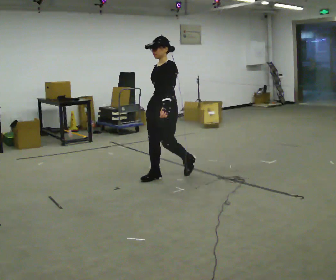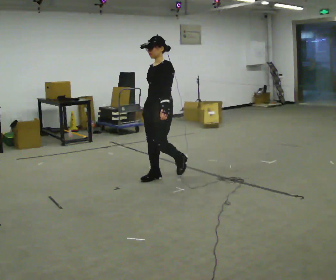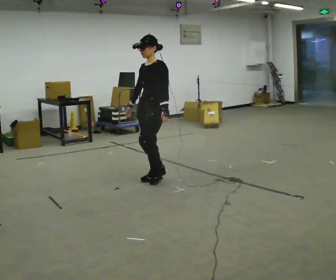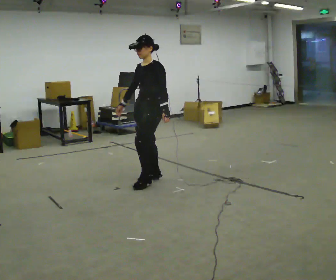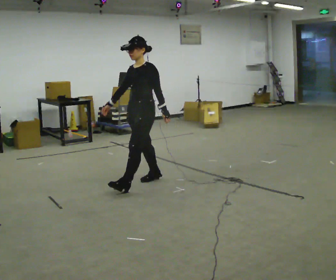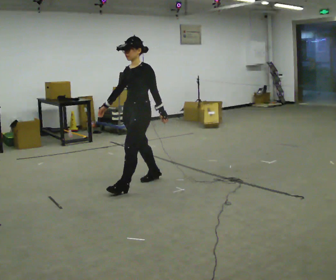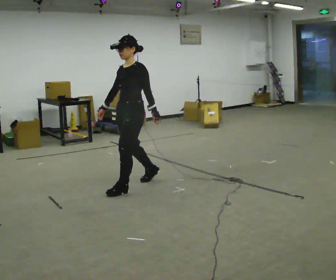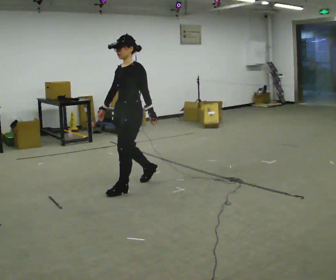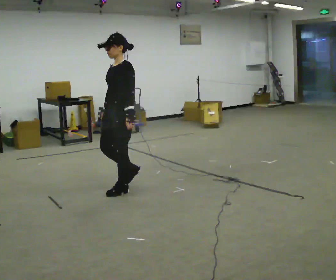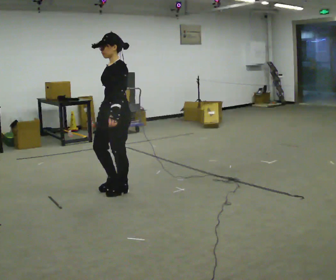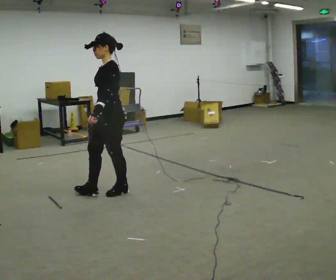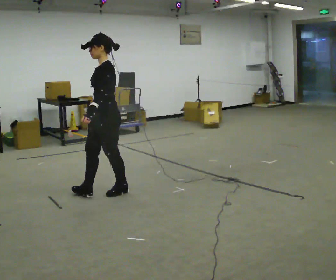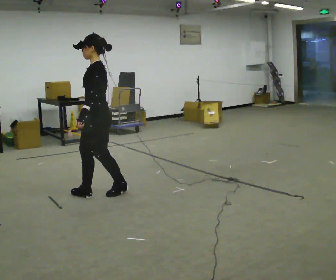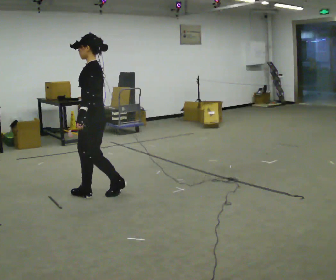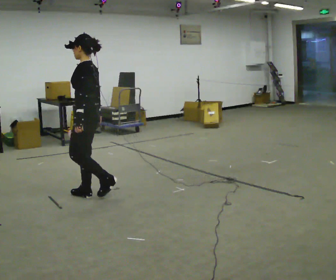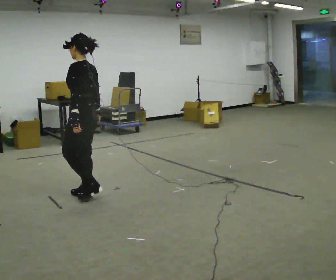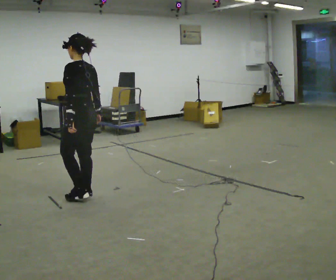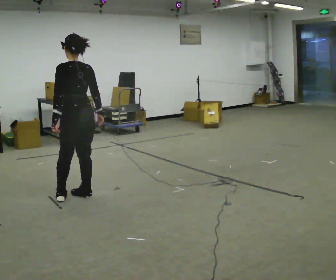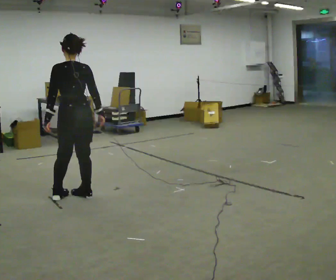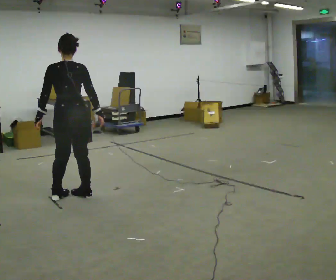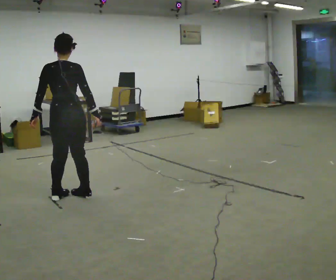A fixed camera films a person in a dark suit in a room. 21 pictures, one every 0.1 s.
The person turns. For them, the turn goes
to their right.
The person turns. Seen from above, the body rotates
clockwise.
0.0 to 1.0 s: In the picture they go to the left and toward the camera, about 0.5 m in 1 step, which for them is forward.
1.0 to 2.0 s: Seen from above the body turns clockwise, about 105 degrees: to their right, with its near side sliding to the left. In the picture they go to the left, about 0.5 m in 2 steps.
The film runs forward here.
